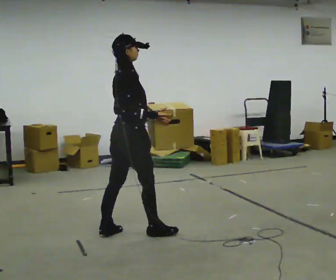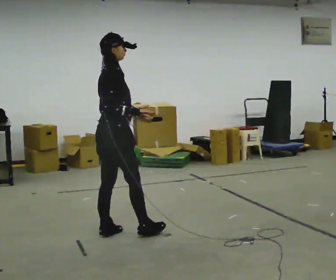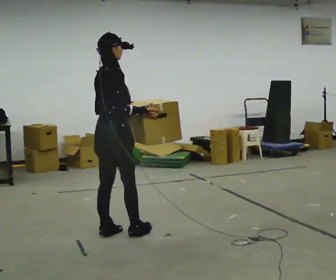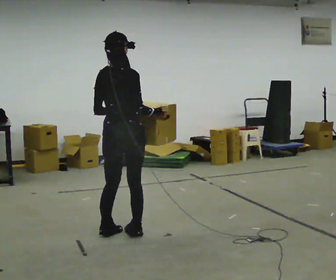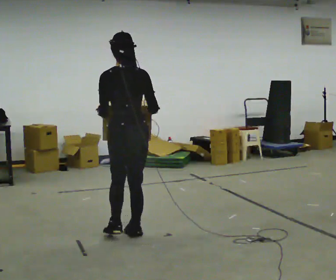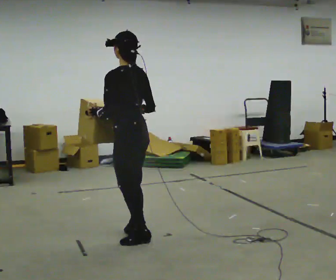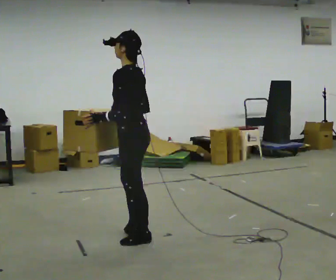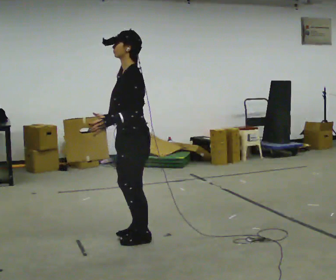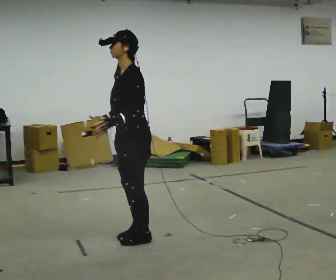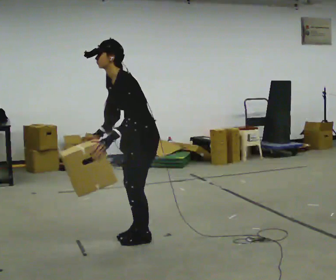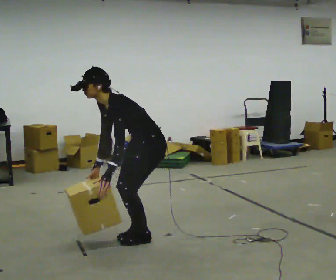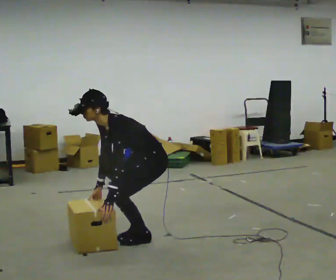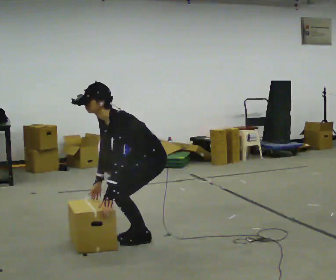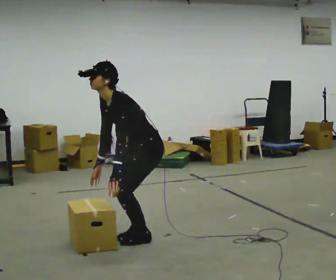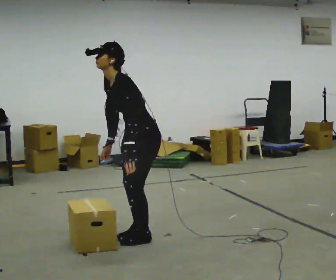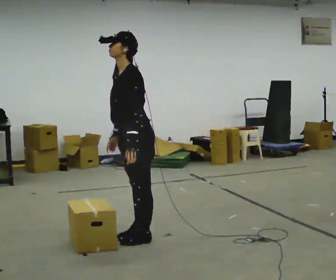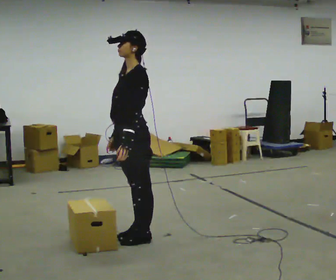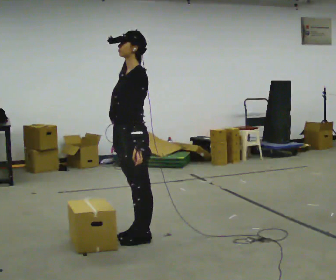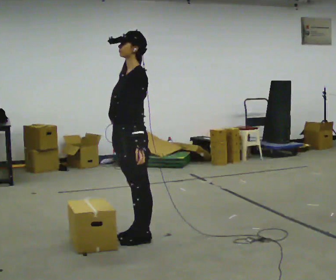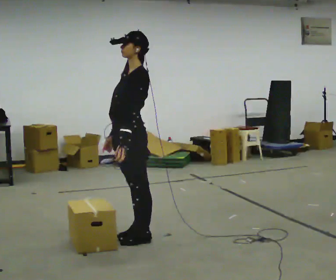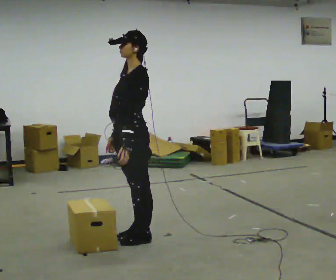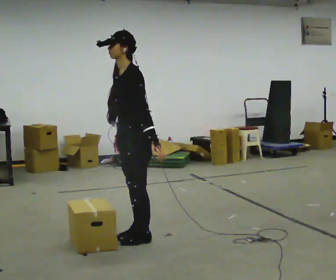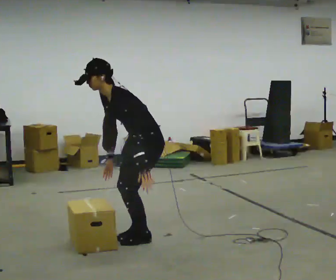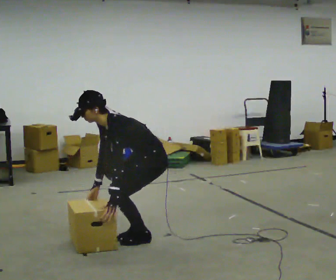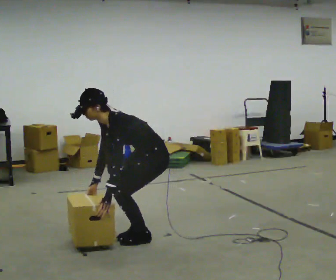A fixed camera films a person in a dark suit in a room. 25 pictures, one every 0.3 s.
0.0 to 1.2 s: The person turns about 75 degrees to their left, counterclockwise seen from above, so the part of the body nearest the lens slides to the right.
1.2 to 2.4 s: Seen from above the body turns counterclockwise, about 105 degrees: to their left, with its near side sliding to the right. In the picture their right hand goes to the left.
2.4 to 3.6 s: The shoulders move downward. In the picture the upper body tilts counterclockwise, shoulders to the left, as they bend forward. In the picture their left hand goes downward.
3.6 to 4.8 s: The upper body goes upward. In the picture the upper body tilts clockwise, shoulders to the right, as they lean back or straighten. In the picture their left hand goes upward.
4.8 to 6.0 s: The person moves a little, or ends about where they began.
6.0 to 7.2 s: The shoulders move downward. In the picture the upper body tilts counterclockwise, shoulders to the left, as they bend forward. In the picture their left hand goes downward.
The film runs backward here.
